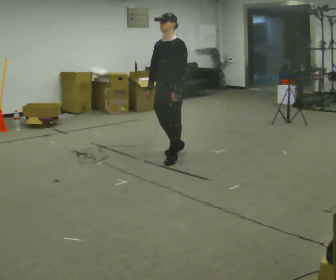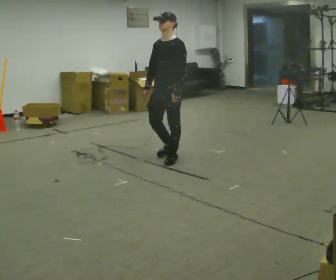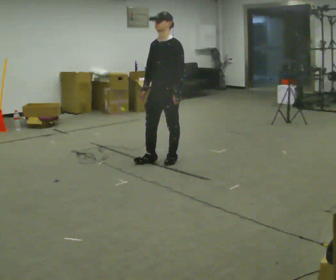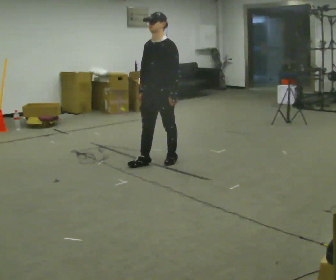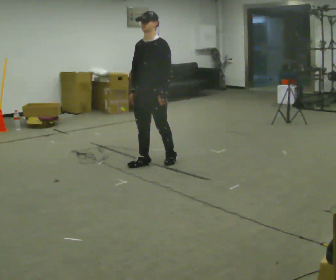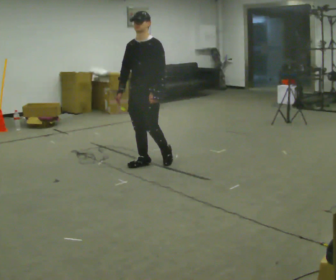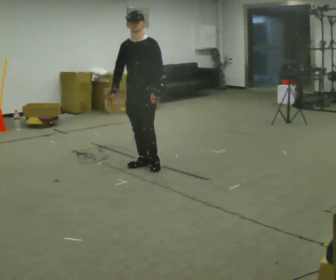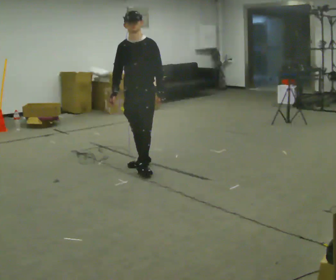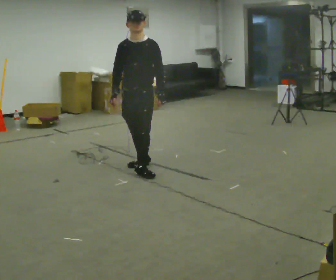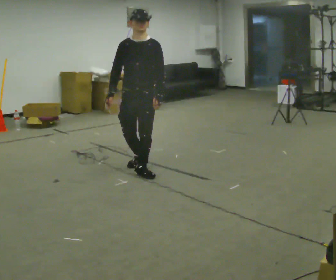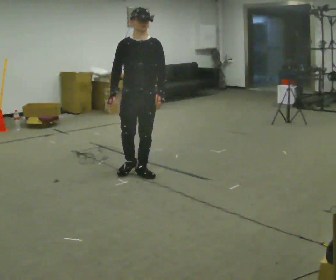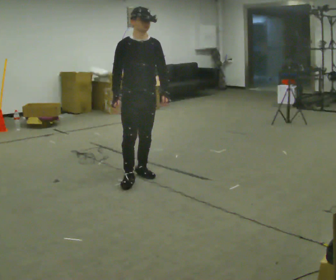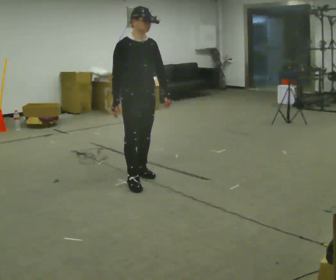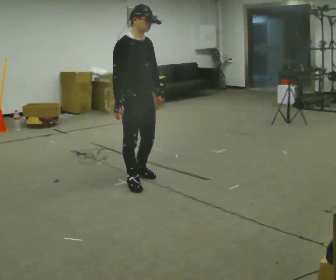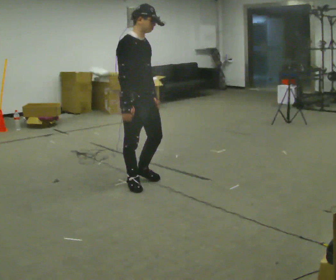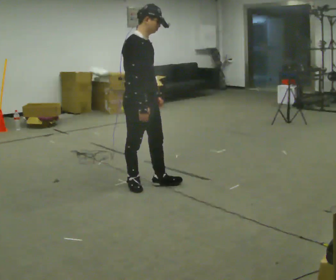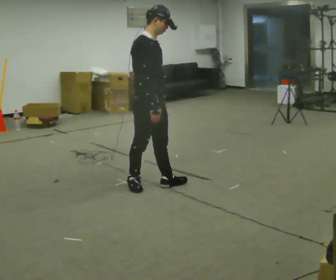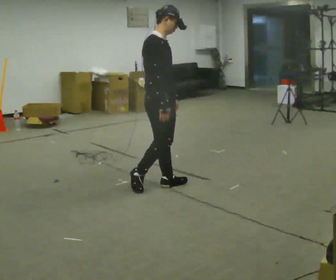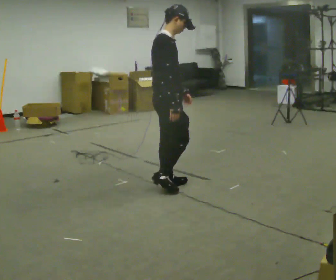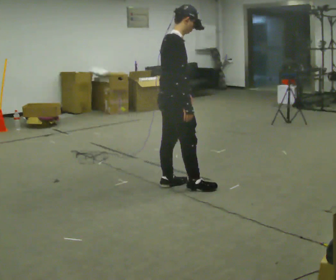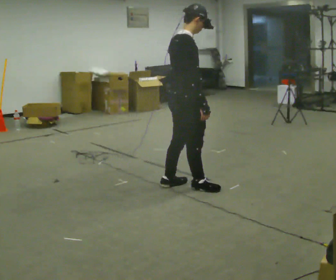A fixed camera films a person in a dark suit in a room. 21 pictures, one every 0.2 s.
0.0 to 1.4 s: The part of the body nearest the lens slides to the right as the person turns to their left by about 30 degrees. In the picture they go to the left and toward the camera, about 0.5 m in 1 step, which for them is forward.
1.4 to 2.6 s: Seen from above the body turns counterclockwise, about 60 degrees: to their left, with its near side sliding to the right. In the picture they go toward the camera, about 0.5 m in 2 steps.
2.6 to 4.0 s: The person turns about 60 degrees to their left, counterclockwise seen from above, so the part of the body nearest the lens slides to the right. In the picture they go to the right and toward the camera, about 0.5 m in 2 steps, which for them is forward.
The film runs forward here.
